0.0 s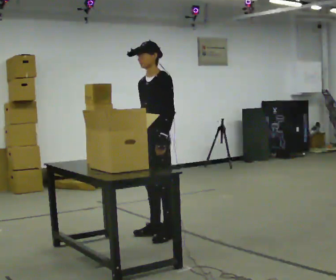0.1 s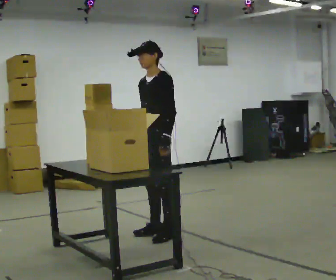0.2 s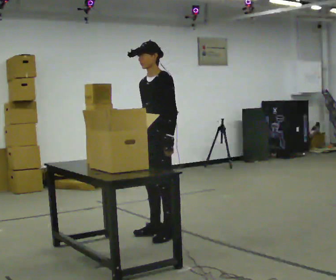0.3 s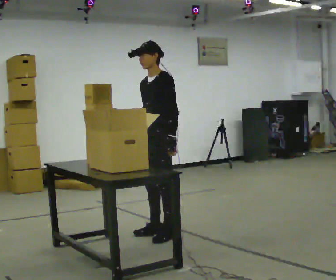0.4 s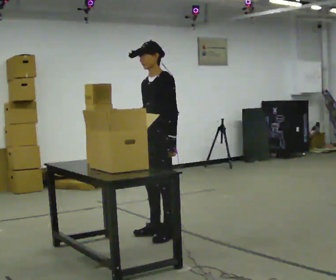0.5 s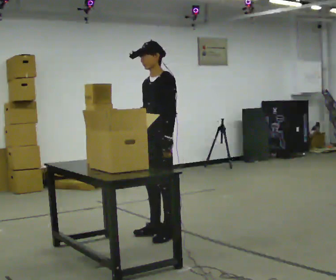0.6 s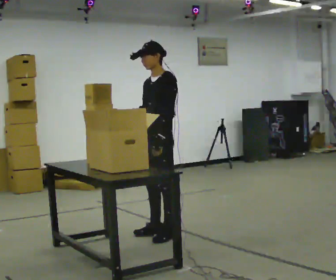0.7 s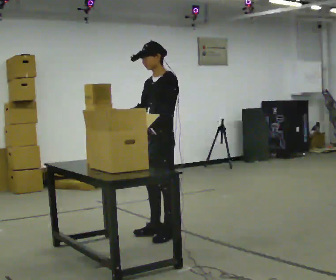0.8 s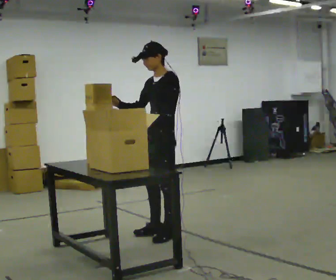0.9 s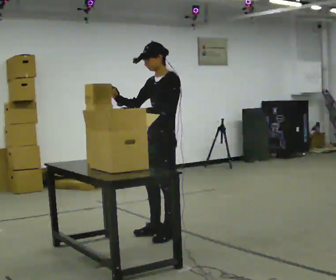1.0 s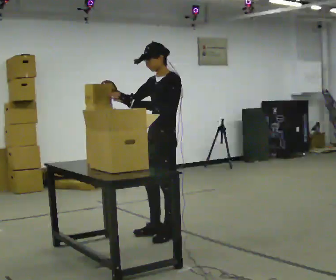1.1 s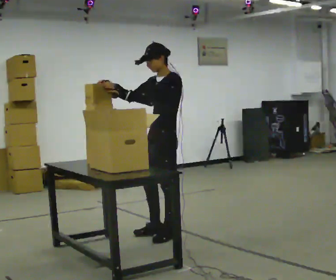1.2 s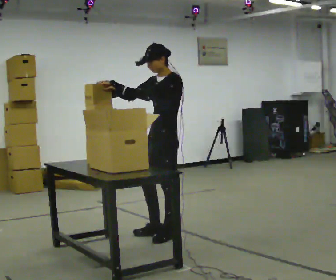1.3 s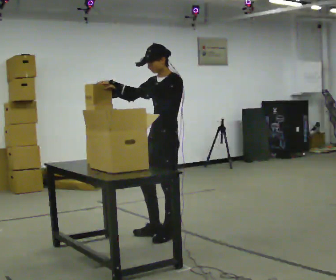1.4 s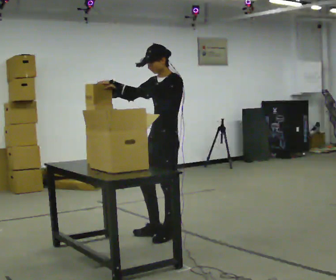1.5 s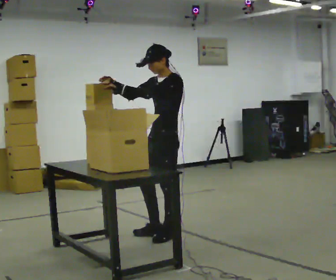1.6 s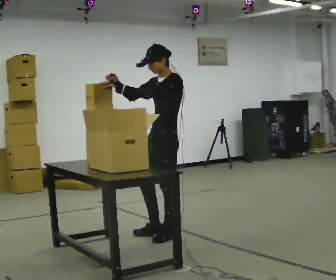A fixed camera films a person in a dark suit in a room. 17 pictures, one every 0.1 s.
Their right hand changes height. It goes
upward.
Their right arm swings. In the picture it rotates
clockwise.
0.0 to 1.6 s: In the picture their left hand goes upward and to the left, the arm swinging clockwise.
The film runs backward here.
